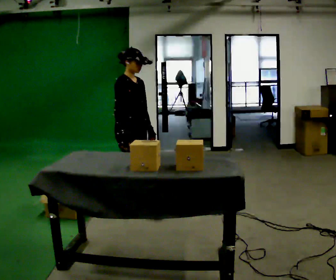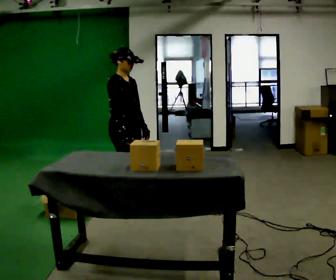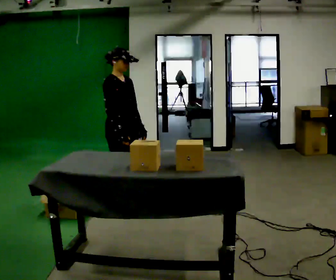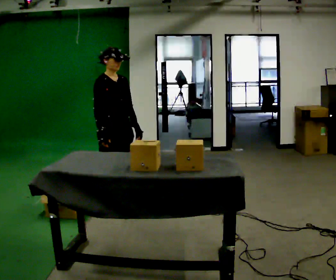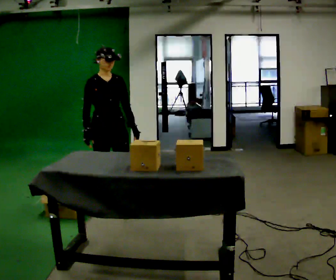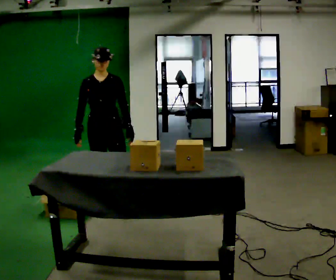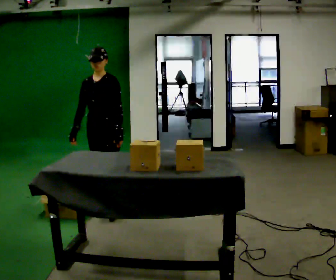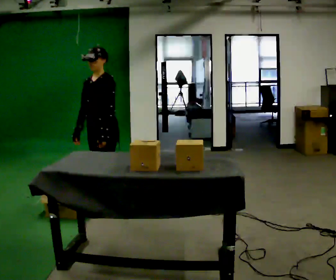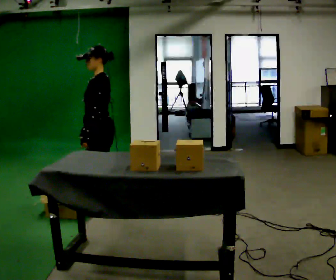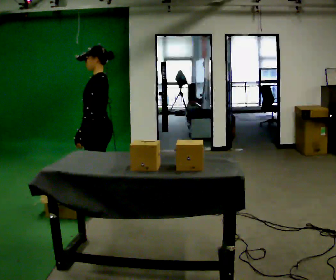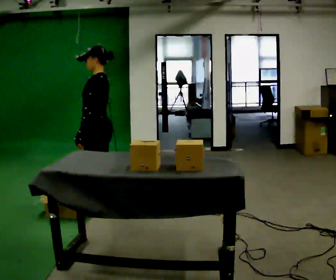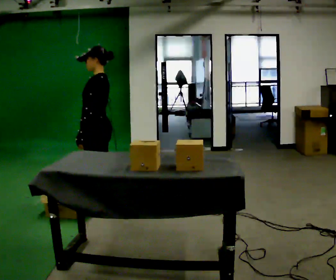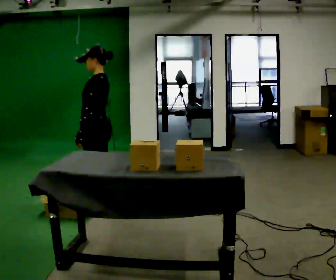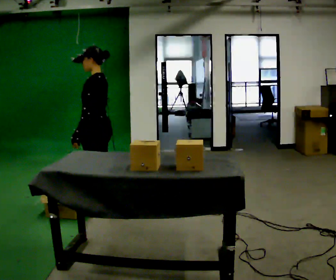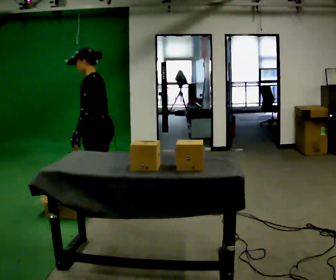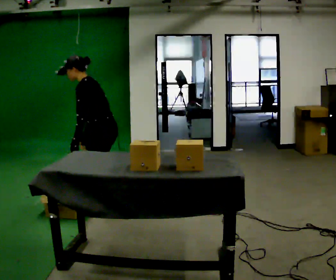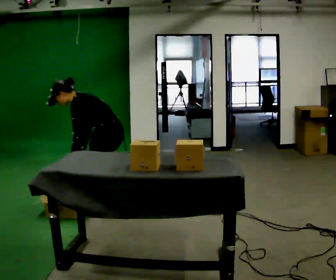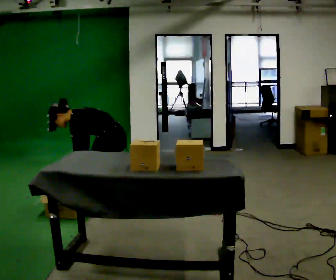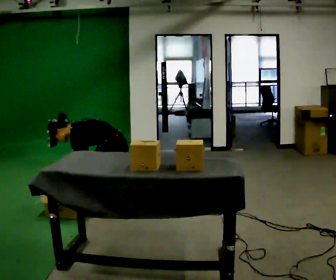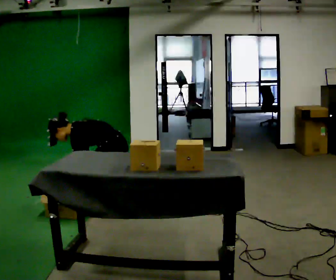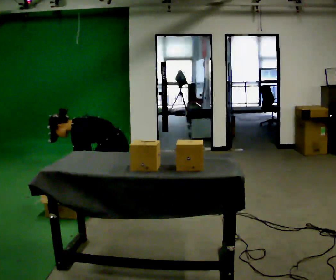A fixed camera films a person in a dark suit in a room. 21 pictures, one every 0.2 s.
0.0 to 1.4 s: The person turns about 90 degrees to their right, clockwise seen from above, so the part of the body nearest the lens slides to the left. In the picture they go to the left, about 0.25 m in 1 step. In the picture their left hand goes to the left.
1.4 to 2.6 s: The person turns about 60 degrees to their right, clockwise seen from above, so the part of the body nearest the lens slides to the left.
2.6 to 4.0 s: In the picture they go to the right, about 0.25 m, which for them is backward. The shoulders move downward. In the picture the upper body tilts counterclockwise, shoulders to the left, as they bend forward. In the picture their left hand goes downward.
The film runs backward here.
